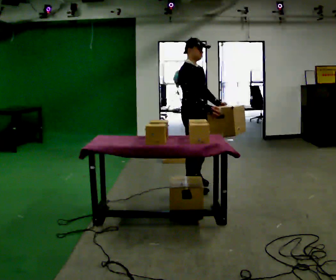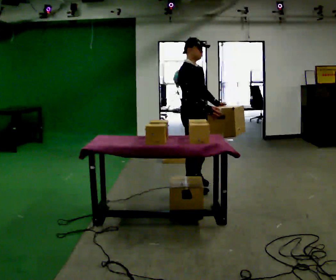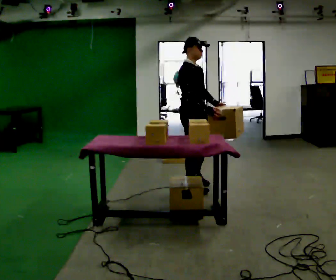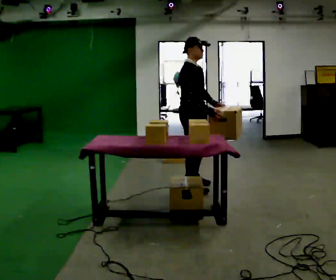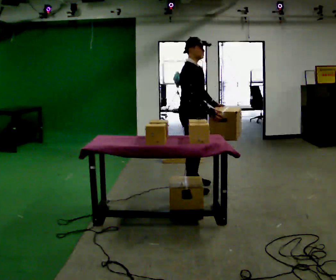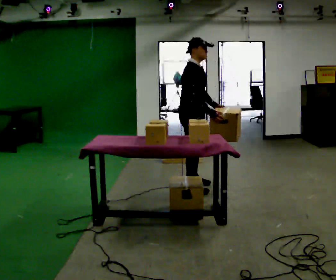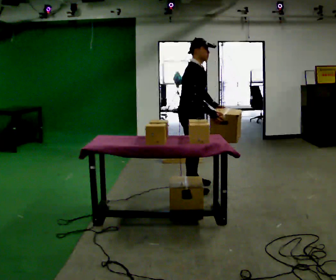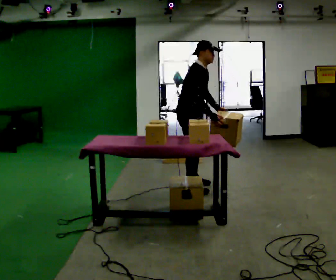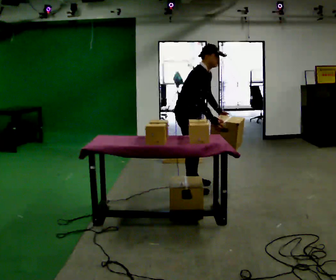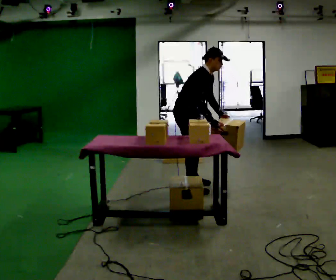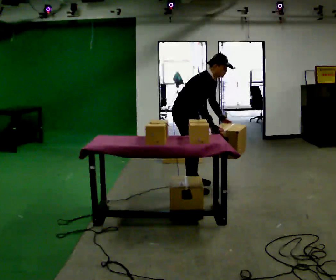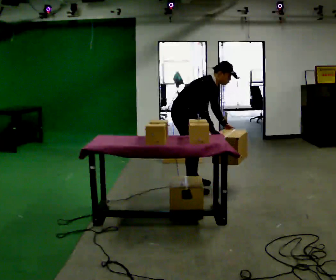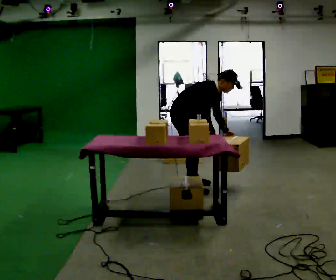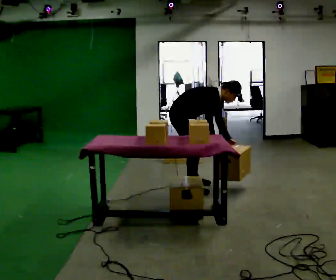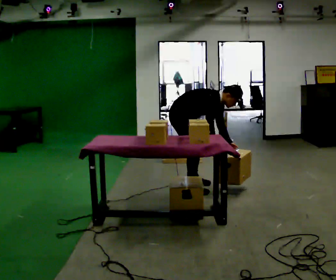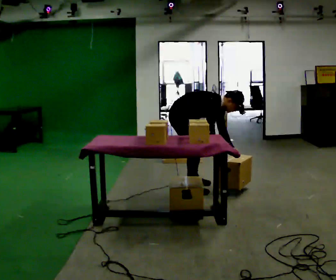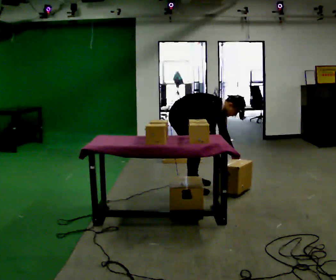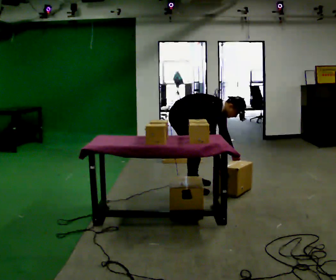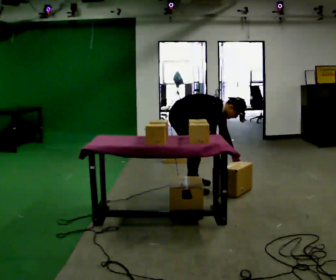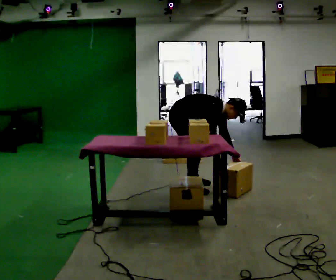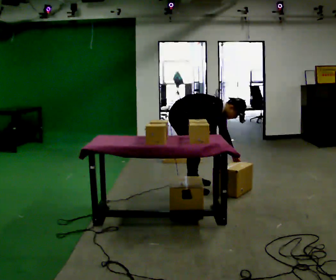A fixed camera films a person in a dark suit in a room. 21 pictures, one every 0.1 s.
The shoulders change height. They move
downward.
Their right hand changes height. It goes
downward.
0.0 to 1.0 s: In the picture the upper body tilts clockwise, shoulders to the right, as they bend forward.
1.0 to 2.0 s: The shoulders move downward. In the picture the upper body tilts clockwise, shoulders to the right, as they bend forward. In the picture their left hand goes downward.
The film runs backward here.
